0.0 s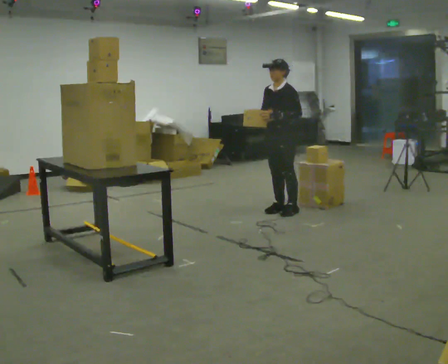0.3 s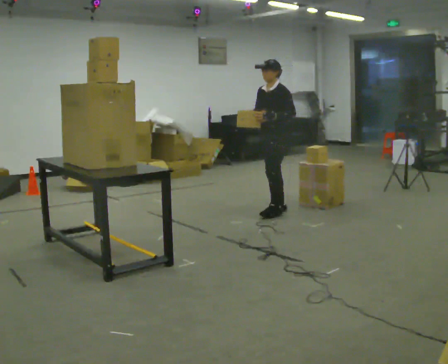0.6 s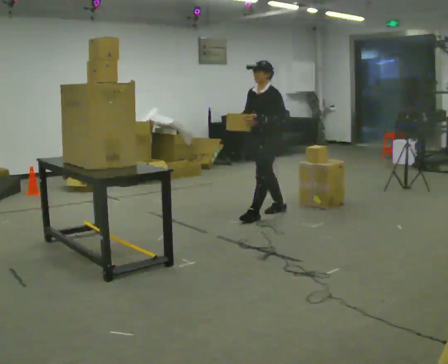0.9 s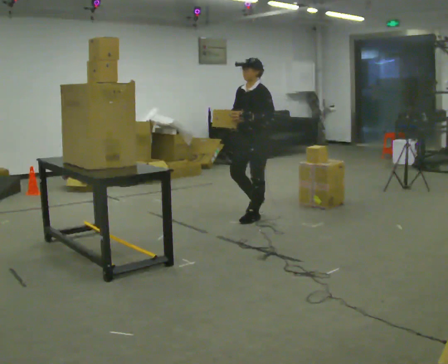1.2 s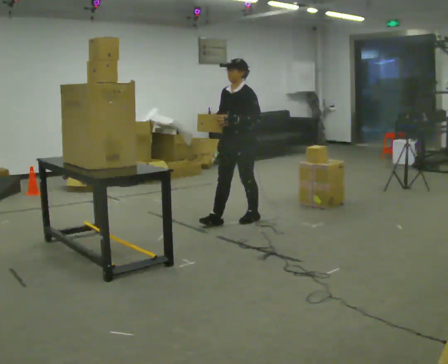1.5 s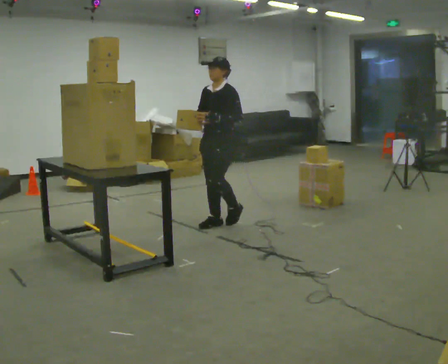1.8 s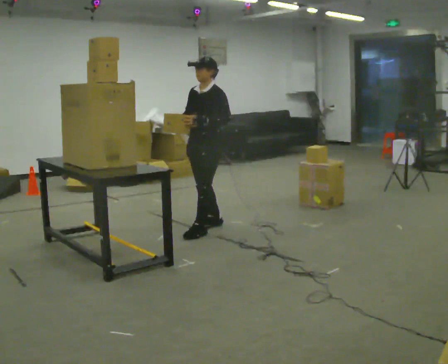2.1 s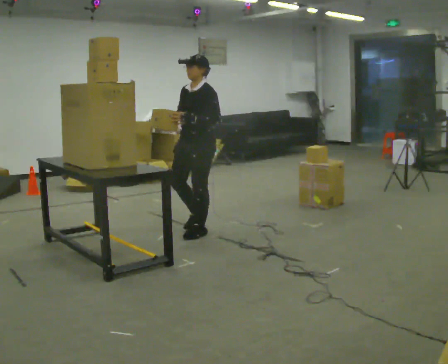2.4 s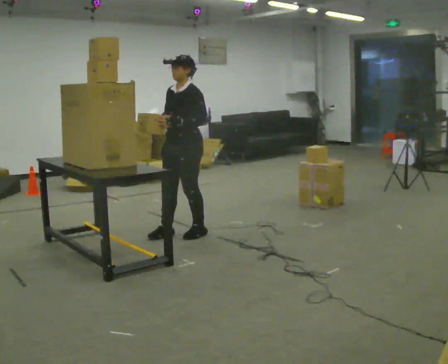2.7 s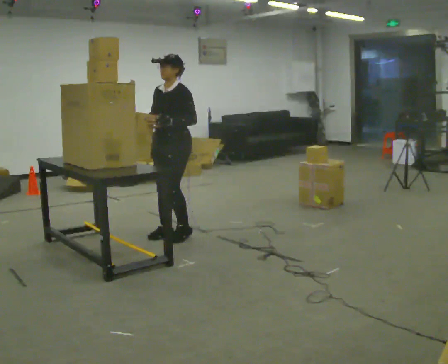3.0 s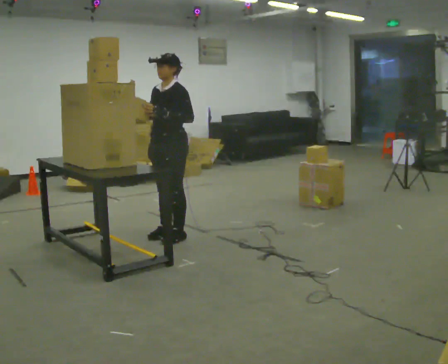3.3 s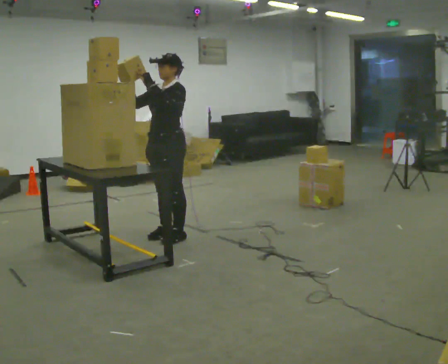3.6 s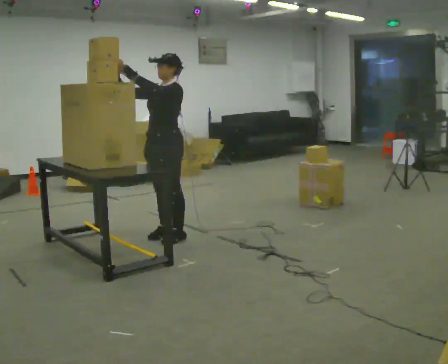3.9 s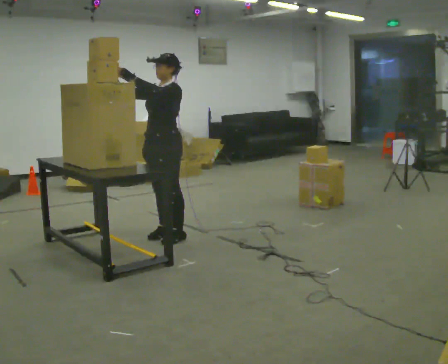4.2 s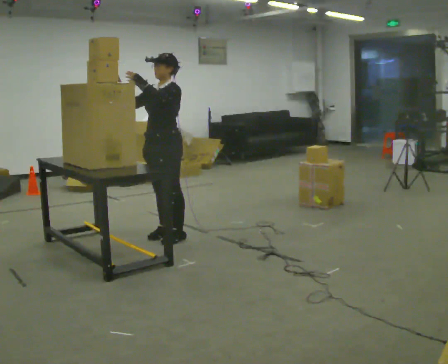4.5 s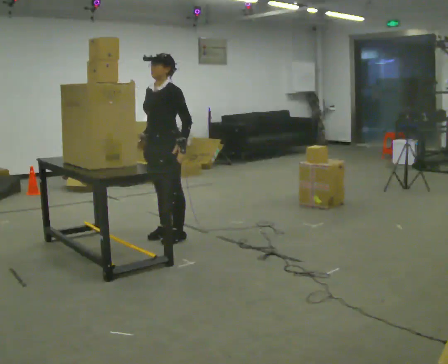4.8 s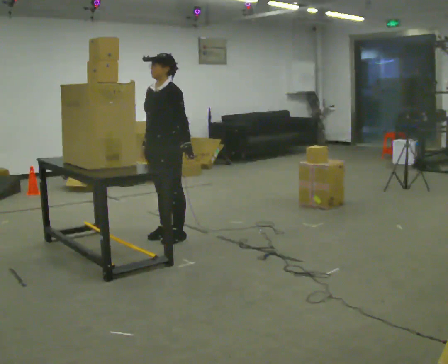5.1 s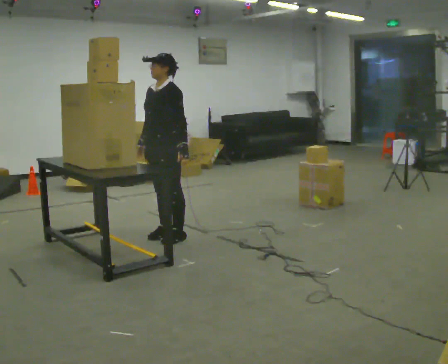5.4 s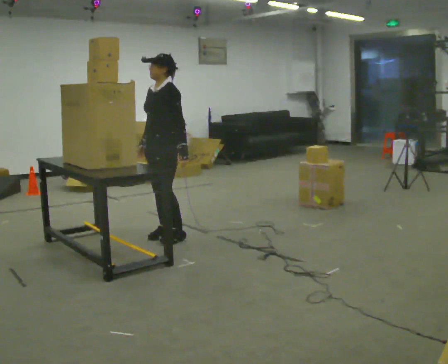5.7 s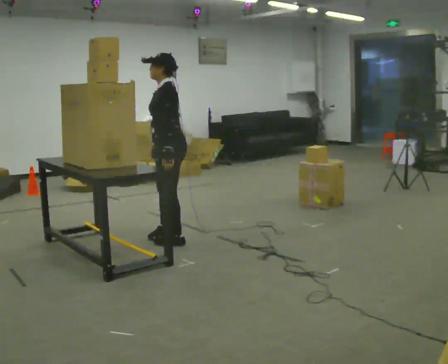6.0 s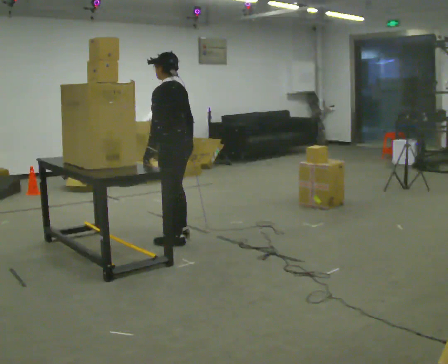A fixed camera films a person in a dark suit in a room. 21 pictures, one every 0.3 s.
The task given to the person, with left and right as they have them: Take an object from the waist-height shelf, carry it across the room, and place it on the highest shelf you can comfortably reach. Keep going until the operator says stop; one object at a time, and do not rush between trips.
0.0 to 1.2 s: In the picture they go to the left and toward the camera, about 0.5 m in 1 step, which for them is forward.
1.2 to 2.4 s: In the picture they go to the left and toward the camera, about 0.75 m in 3 steps, which for them is forward.
2.4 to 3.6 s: In the picture they go to the left, about 0.25 m in 1 step, which for them is forward. In the picture their left hand goes upward and to the left.
3.6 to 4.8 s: In the picture their left hand goes downward and to the right.
4.8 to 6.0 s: Seen from above the body turns clockwise, about 60 degrees: to their right, with its near side sliding to the left. In the picture their left hand goes to the left.
The film runs forward here.
